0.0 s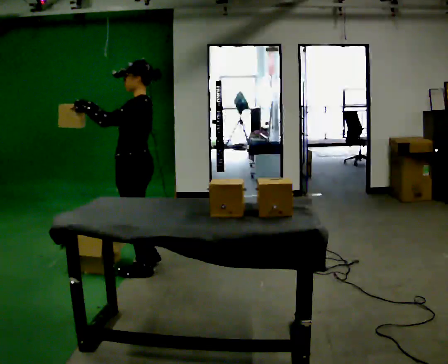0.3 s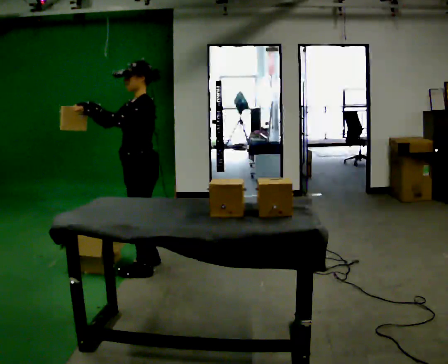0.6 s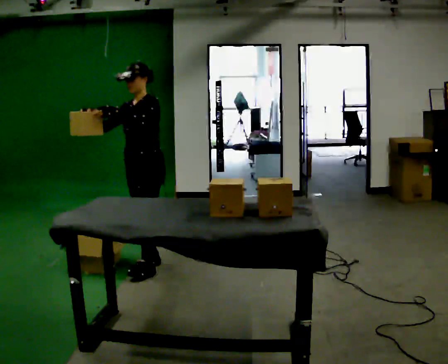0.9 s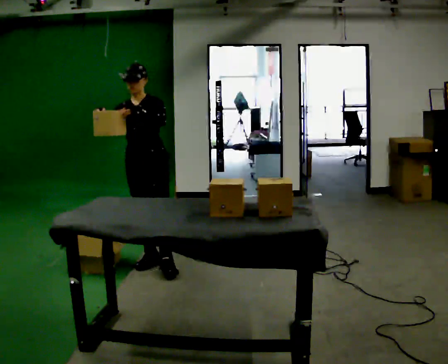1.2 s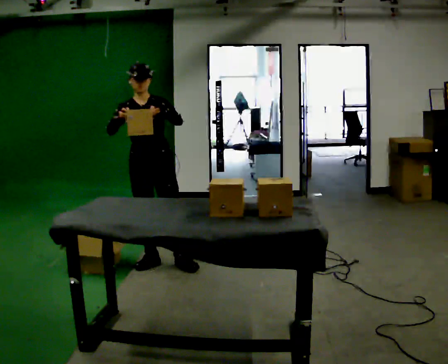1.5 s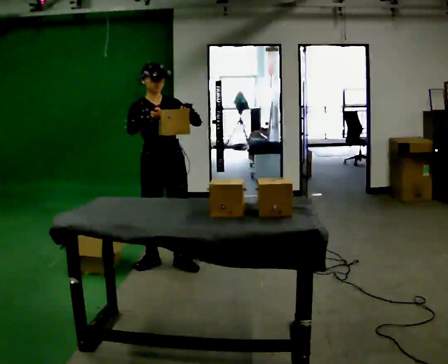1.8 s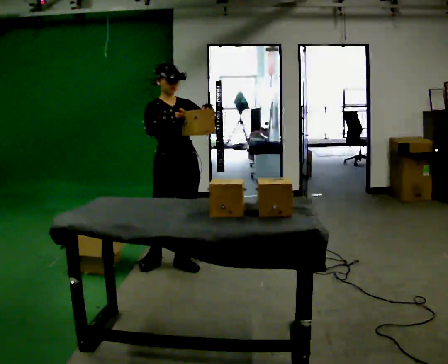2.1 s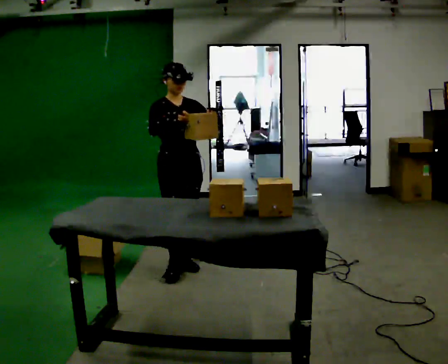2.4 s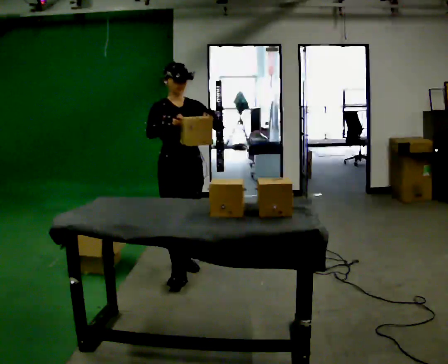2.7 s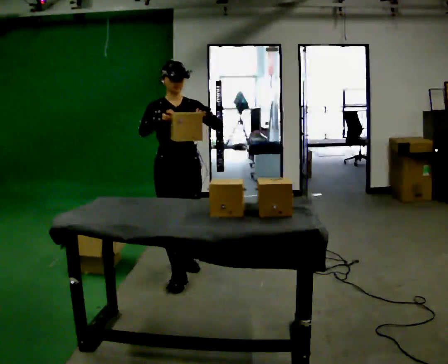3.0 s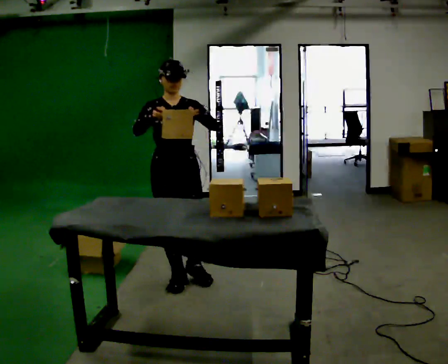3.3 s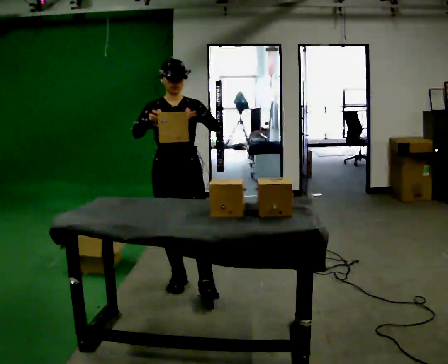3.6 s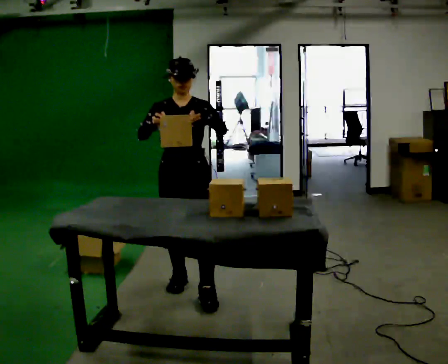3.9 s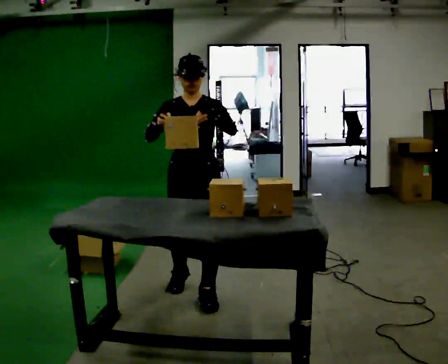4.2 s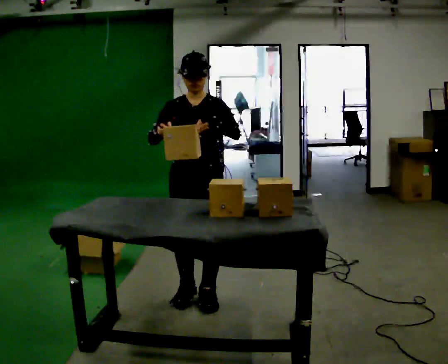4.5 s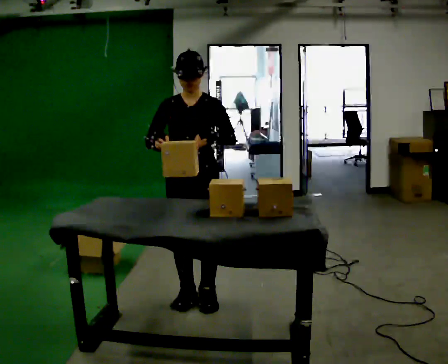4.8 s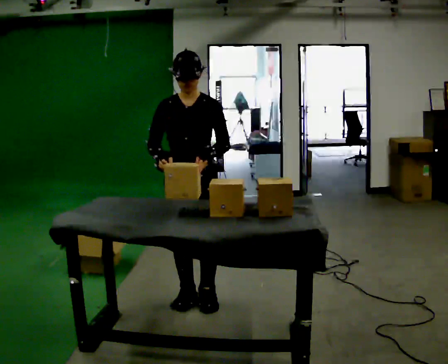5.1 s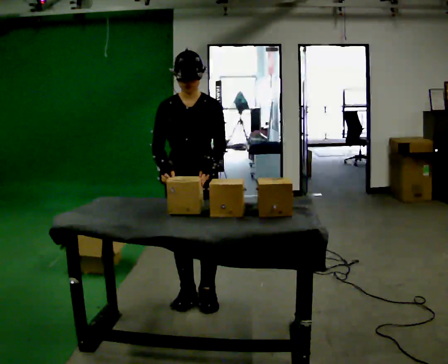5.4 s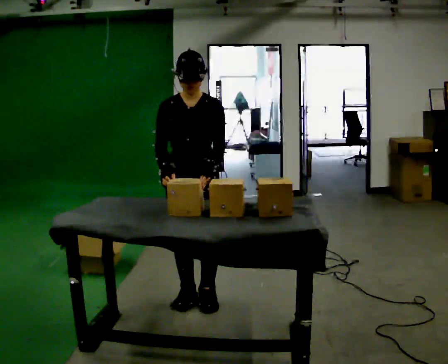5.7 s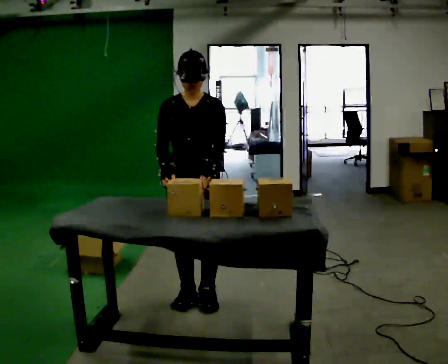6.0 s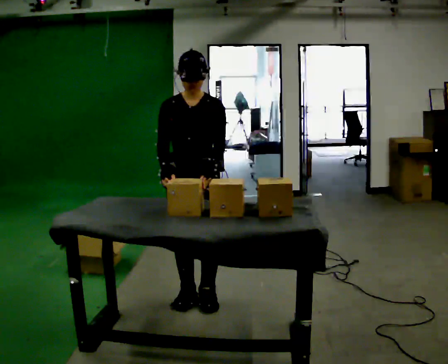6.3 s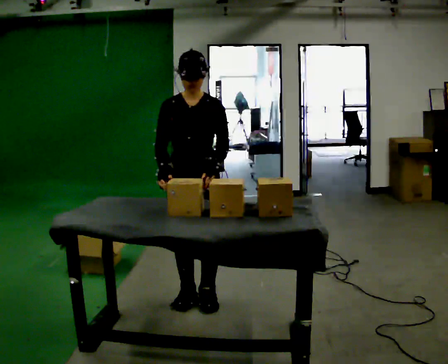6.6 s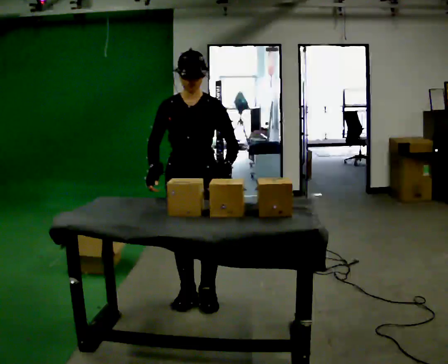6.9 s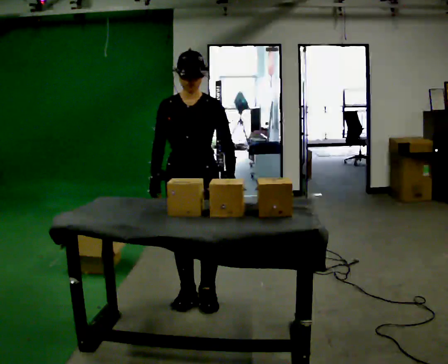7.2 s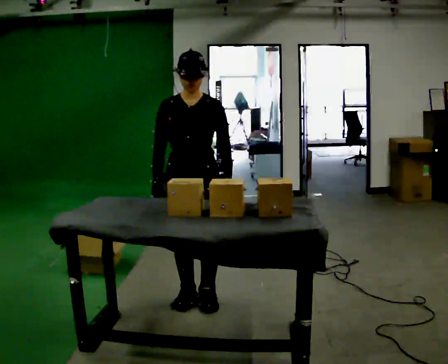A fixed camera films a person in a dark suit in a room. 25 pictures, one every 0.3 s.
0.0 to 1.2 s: The part of the body nearest the lens slides to the right as the person turns to their left by about 90 degrees.
1.2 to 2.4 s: In the picture they go to the right, about 0.25 m in 1 step, which for them is forward and to their left.
2.4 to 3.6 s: In the picture they go toward the camera, about 0.5 m in 1 step, which for them is forward.
3.6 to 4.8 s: In the picture they go toward the camera, about 0.25 m in 1 step, which for them is forward.
4.8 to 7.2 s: The person moves a little, or ends about where they began.
The film runs forward here.
